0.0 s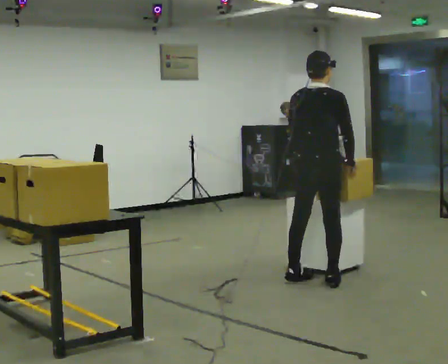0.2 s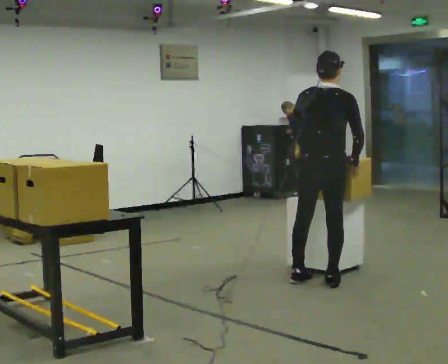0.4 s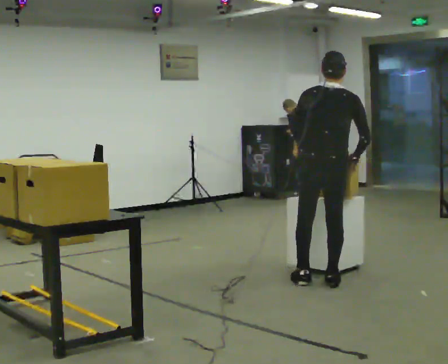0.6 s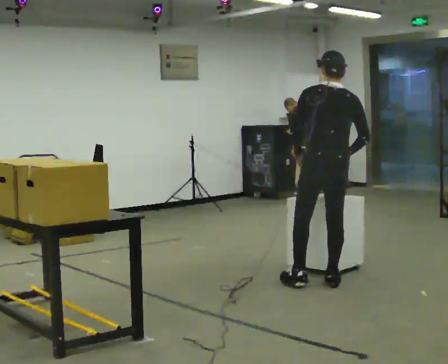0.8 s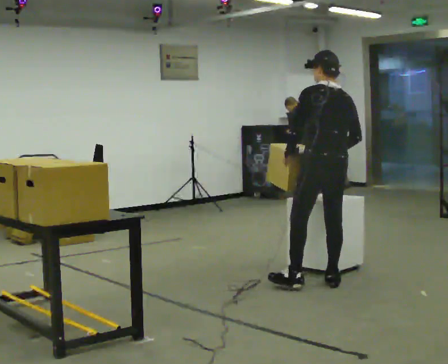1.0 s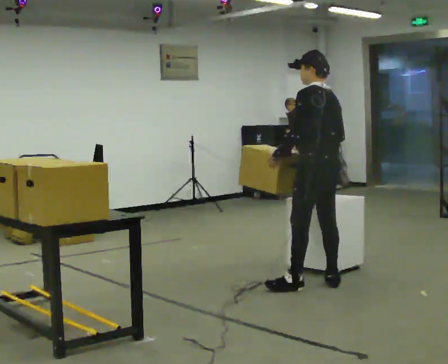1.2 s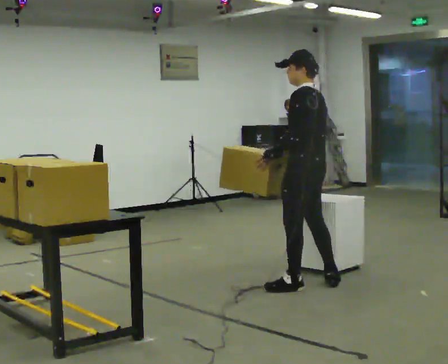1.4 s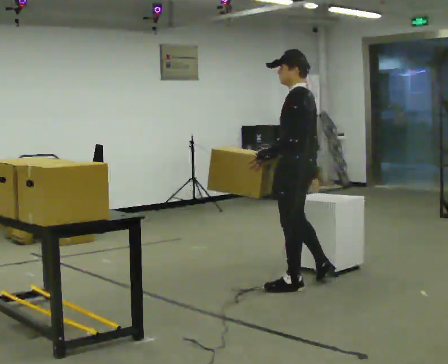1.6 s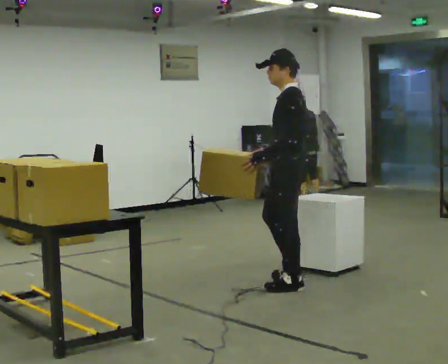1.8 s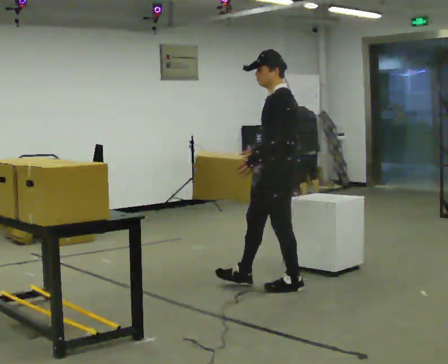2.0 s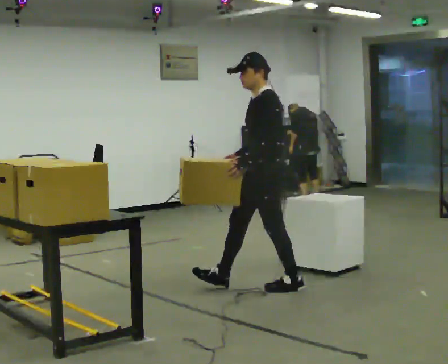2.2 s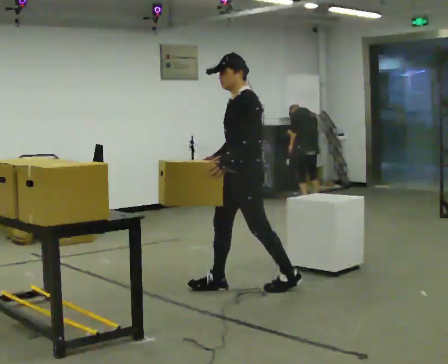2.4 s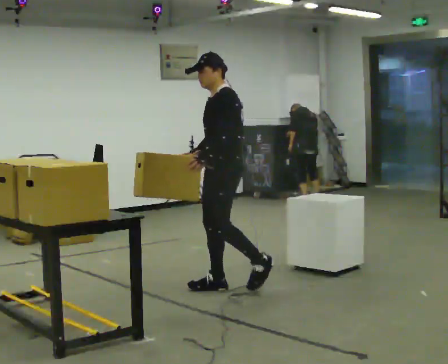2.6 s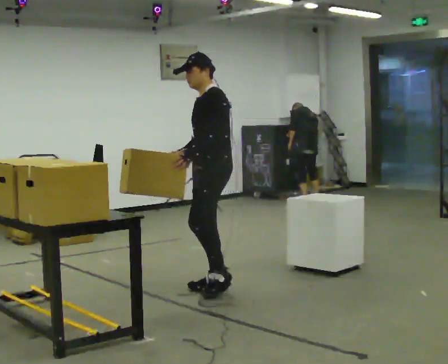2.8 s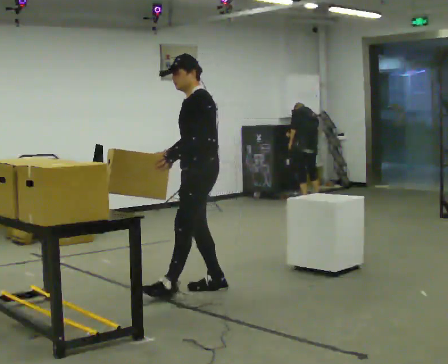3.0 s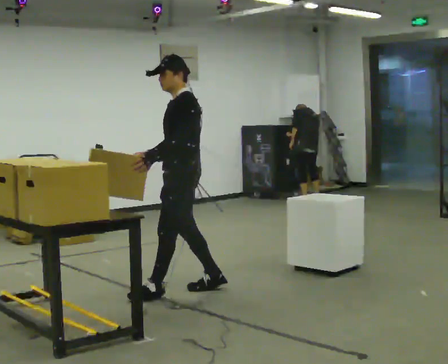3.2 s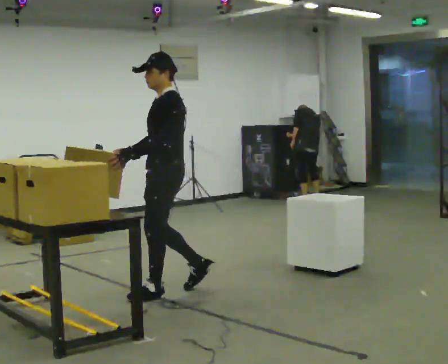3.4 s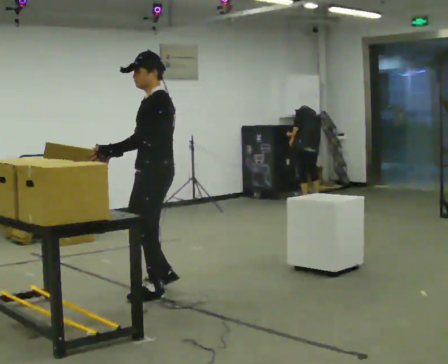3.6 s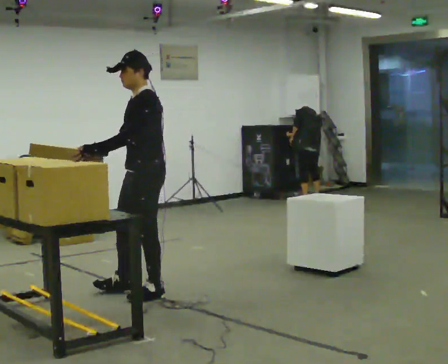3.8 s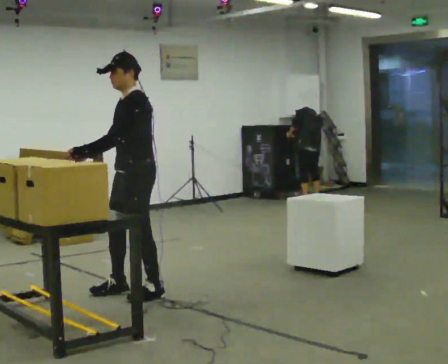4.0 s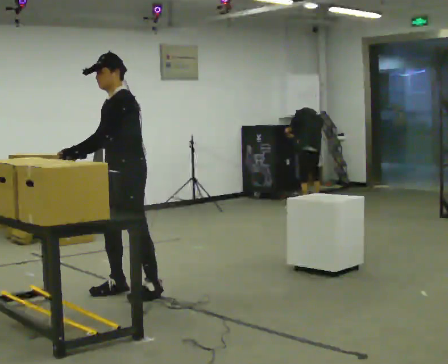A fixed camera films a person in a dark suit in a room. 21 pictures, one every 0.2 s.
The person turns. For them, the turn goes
to their left.
Their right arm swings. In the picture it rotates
clockwise.
0.0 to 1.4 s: The person turns about 105 degrees to their left, counterclockwise seen from above, so the part of the body nearest the lens slides to the right. In the picture they go toward the camera, about 0.25 m in 1 step. In the picture their left hand goes to the left.
1.4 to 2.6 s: The person turns about 30 degrees to their left, counterclockwise seen from above, so the part of the body nearest the lens slides to the right. In the picture they go to the left, about 0.5 m in 1 step, which for them is forward.
2.6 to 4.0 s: In the picture they go to the left, about 0.5 m in 2 steps, which for them is forward.
The film runs forward here.
